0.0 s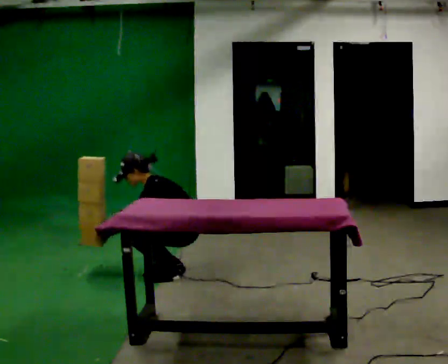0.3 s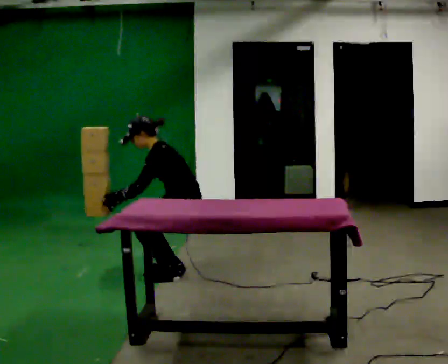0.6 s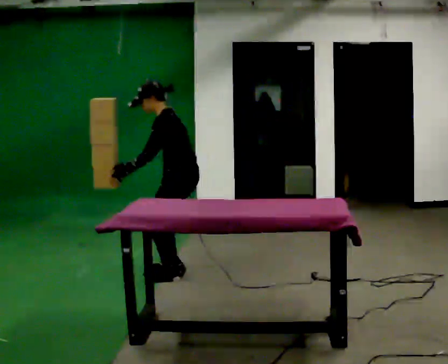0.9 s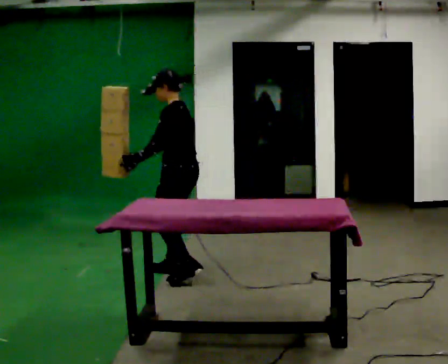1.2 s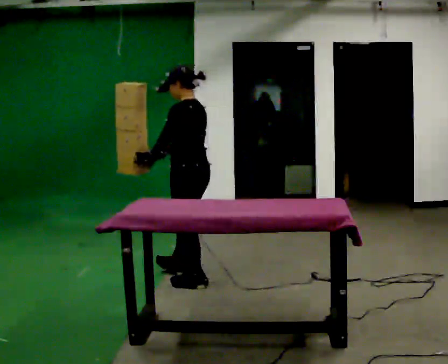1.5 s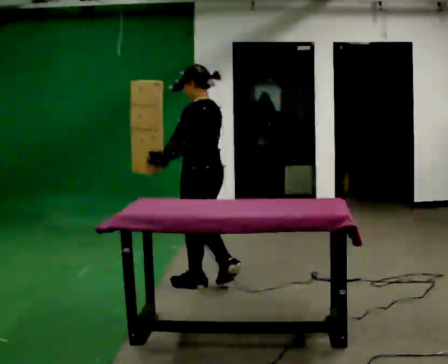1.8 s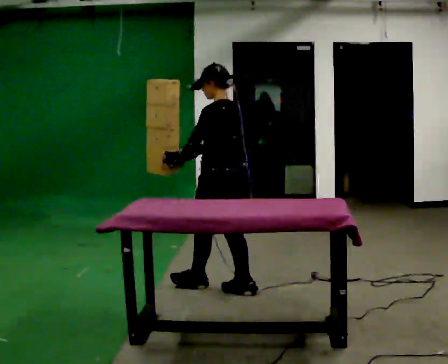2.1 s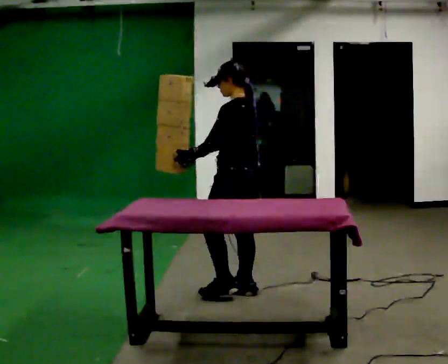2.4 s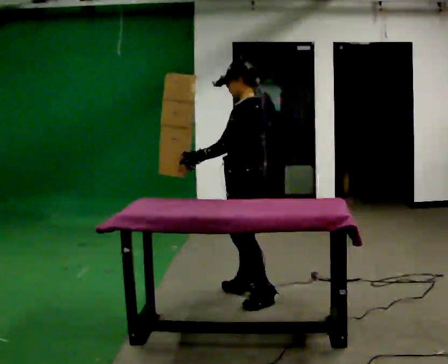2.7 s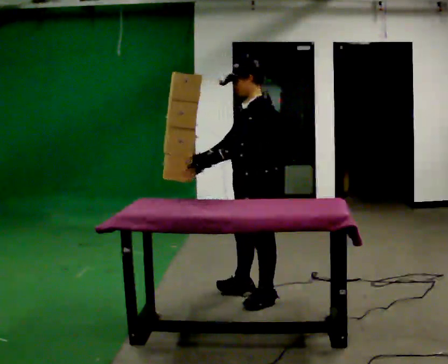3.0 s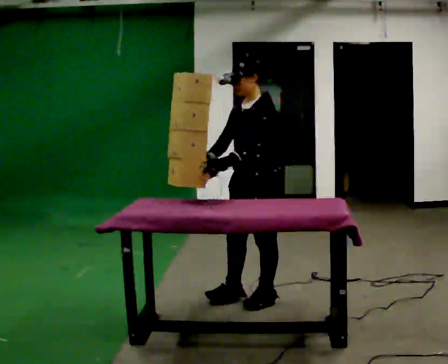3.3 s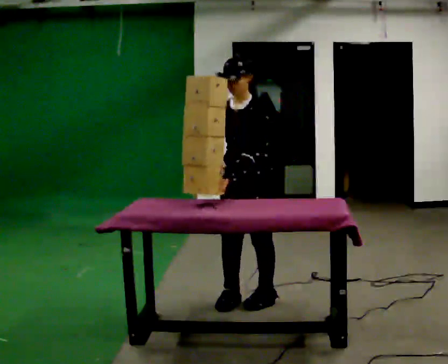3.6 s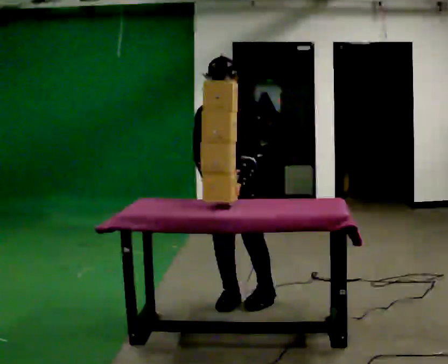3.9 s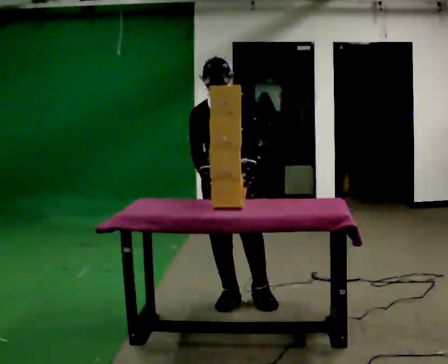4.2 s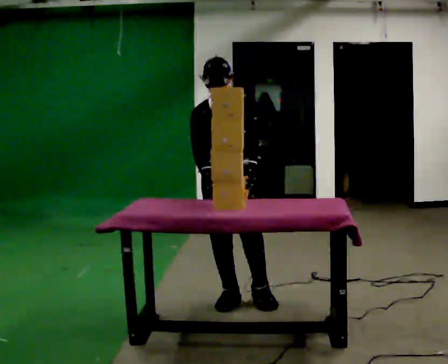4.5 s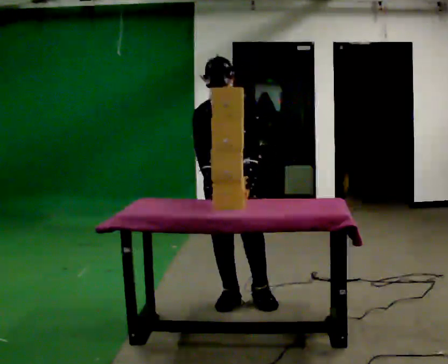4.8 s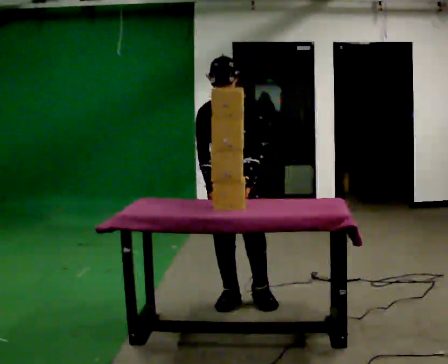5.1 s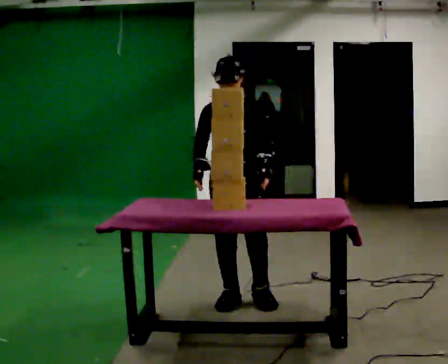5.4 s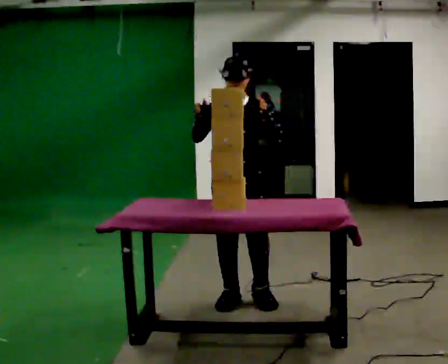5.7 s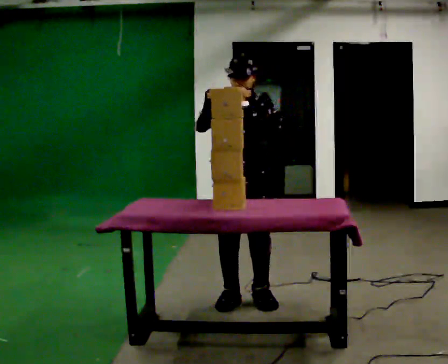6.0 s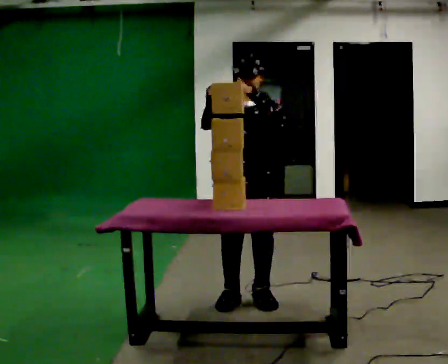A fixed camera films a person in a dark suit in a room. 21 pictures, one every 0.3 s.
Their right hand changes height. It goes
upward.
The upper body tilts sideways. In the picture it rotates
clockwise.
0.0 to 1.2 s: In the picture they go toward the camera, about 0.25 m in 2 steps, which for them is to their left. The upper body goes upward. In the picture the upper body tilts clockwise, shoulders to the right, as they lean back or straighten. In the picture their right hand goes upward and to the right.
1.2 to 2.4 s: In the picture they go to the right and toward the camera, about 0.5 m in 1 step, which for them is backward.
2.4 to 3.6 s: Seen from above the body turns counterclockwise, about 90 degrees: to their left, with its near side sliding to the right. In the picture they go toward the camera, about 0.25 m in 1 step. In the picture their left hand goes to the right, the arm swinging counterclockwise.
3.6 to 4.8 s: The person moves a little, or ends about where they began.
4.8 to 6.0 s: In the picture their left hand goes upward.
The film runs backward here.
